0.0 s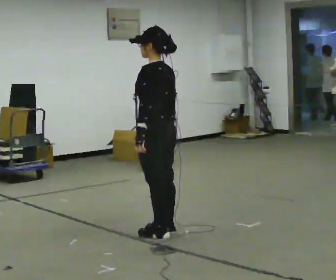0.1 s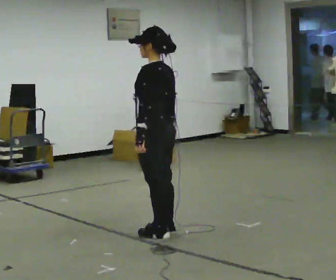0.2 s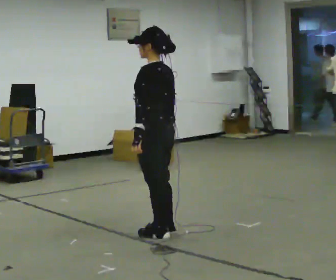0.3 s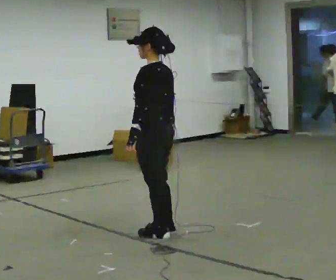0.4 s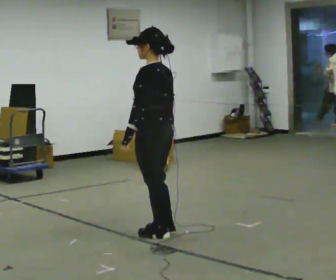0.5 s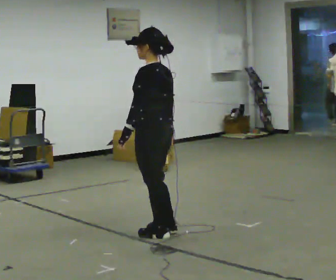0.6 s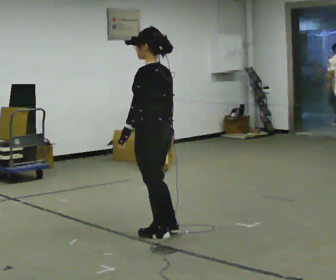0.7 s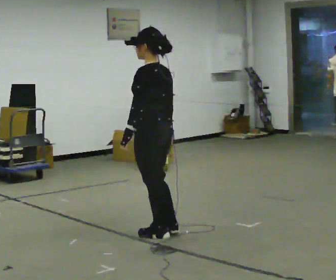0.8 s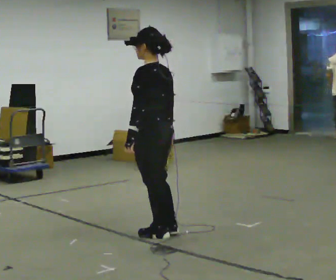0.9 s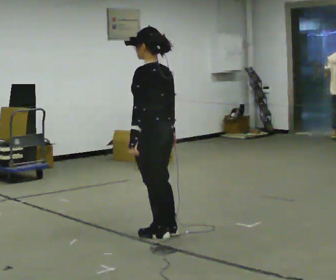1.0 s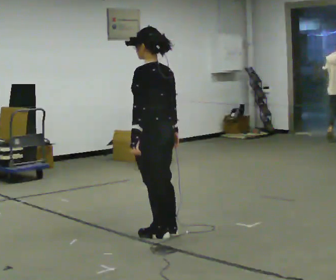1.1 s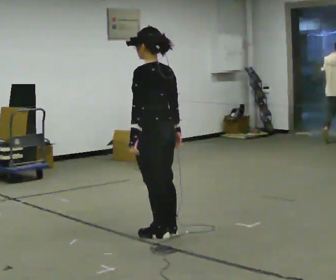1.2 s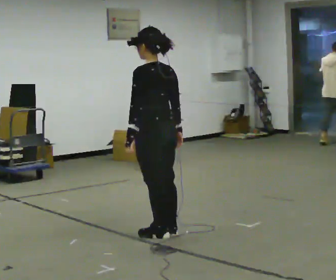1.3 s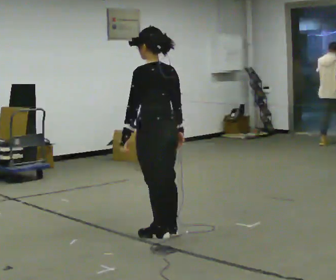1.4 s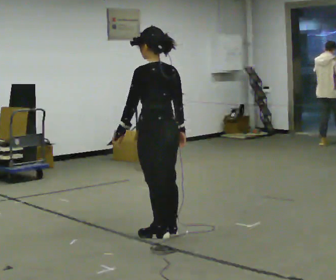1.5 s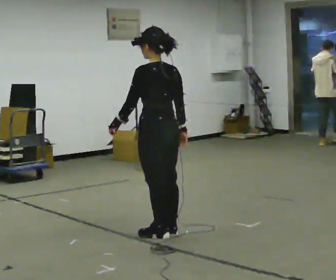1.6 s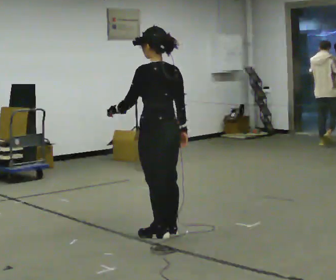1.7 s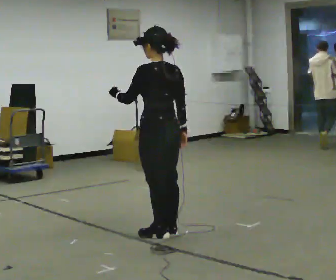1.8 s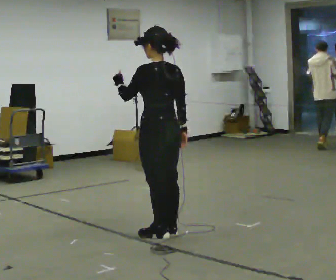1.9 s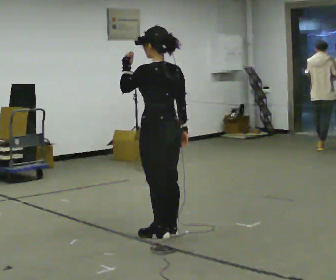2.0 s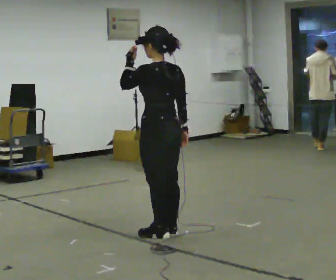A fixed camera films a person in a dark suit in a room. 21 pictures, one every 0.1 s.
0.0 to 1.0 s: The person moves a little, or ends about where they began.
1.0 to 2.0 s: In the picture their left hand goes upward.
The film runs backward here.
